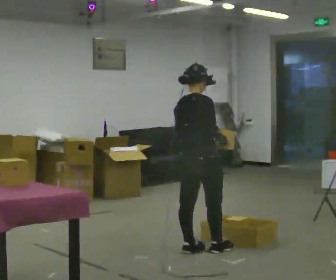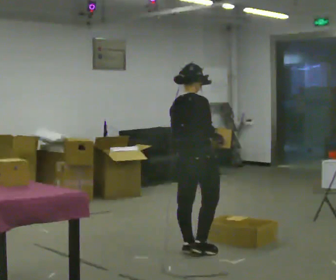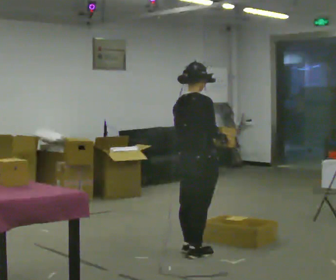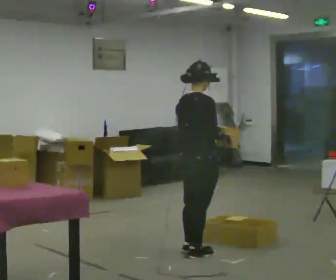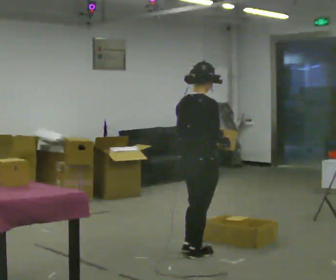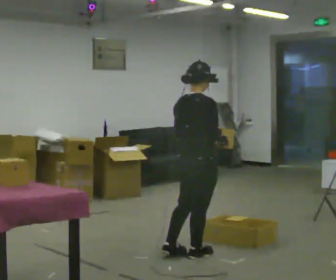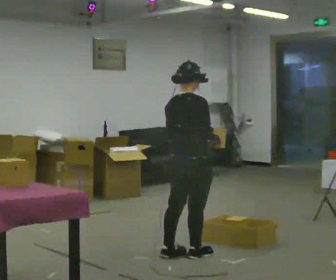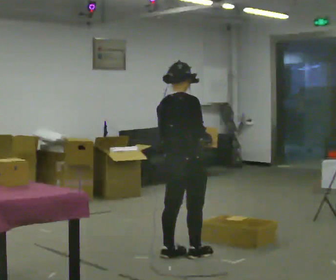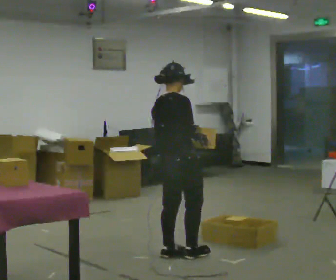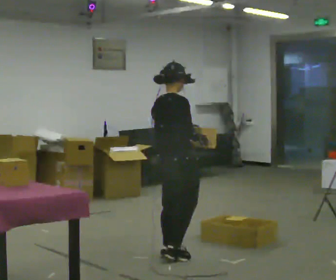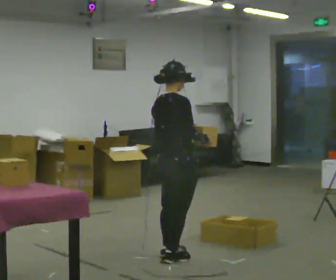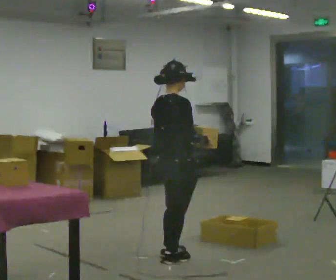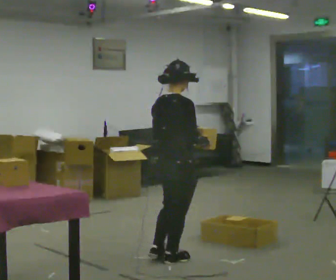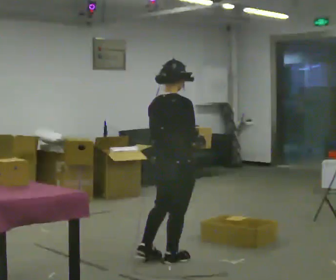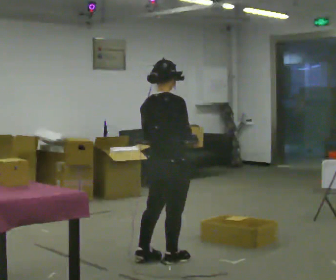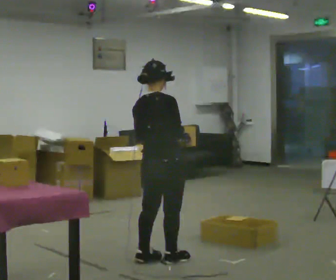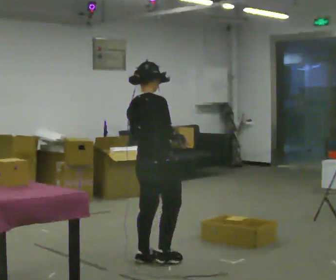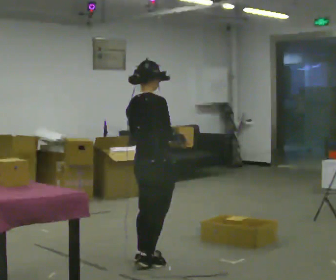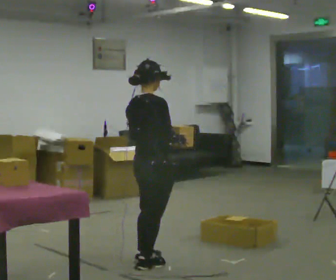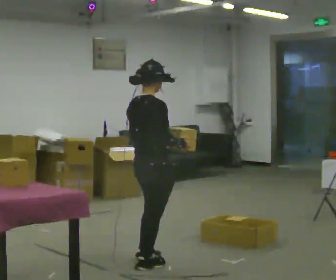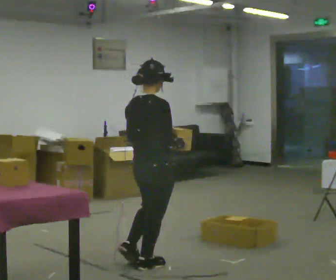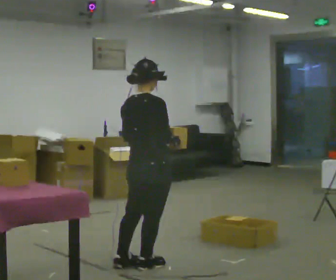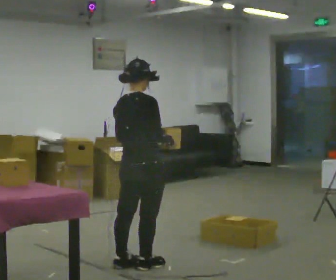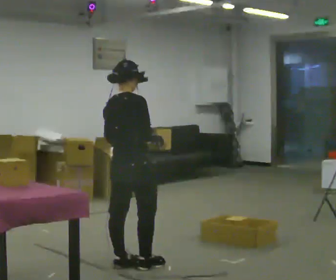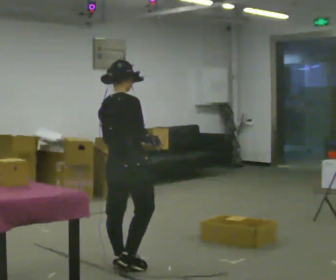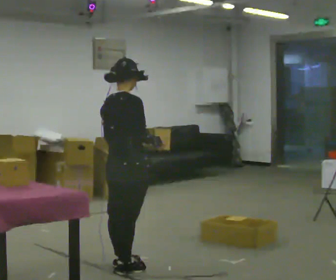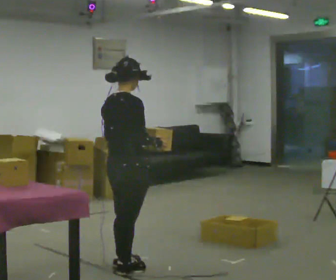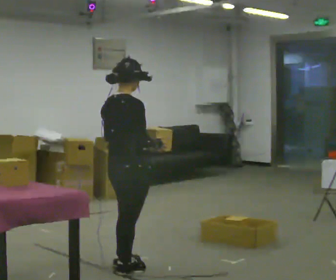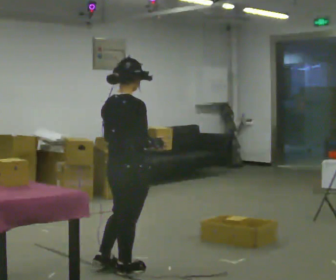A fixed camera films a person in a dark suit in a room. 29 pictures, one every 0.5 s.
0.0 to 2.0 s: In the picture they go toward the camera, about 0.25 m in 1 step.
2.0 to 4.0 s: In the picture they go to the left, about 0.25 m in 2 steps, which for them is to their left.
4.0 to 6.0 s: In the picture they go toward the camera, about 0.25 m in 1 step, which for them is to their right.
6.0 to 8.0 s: In the picture they go to the left, about 0.25 m in 1 step, which for them is to their left.
8.0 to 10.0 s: In the picture they go toward the camera, about 0.25 m in 1 step, which for them is backward and to their right.
10.0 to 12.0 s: In the picture they go to the left, about 0.25 m in 1 step, which for them is backward and to their left.
12.0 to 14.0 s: The person moves a little, or ends about where they began.
The film runs backward here.
